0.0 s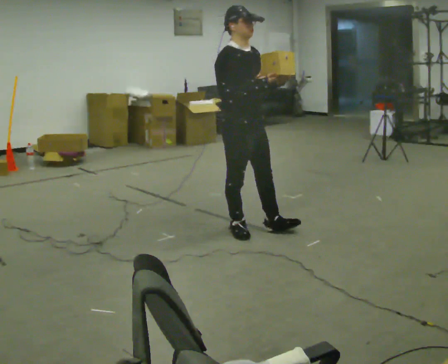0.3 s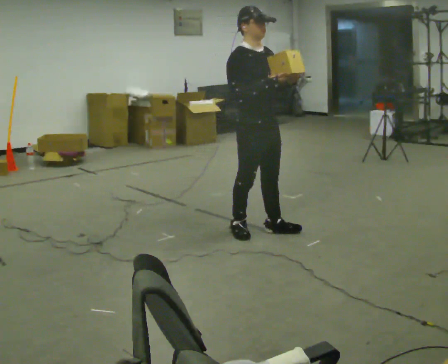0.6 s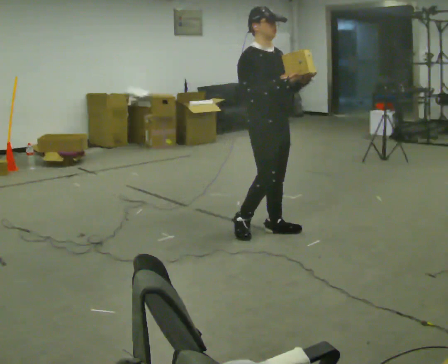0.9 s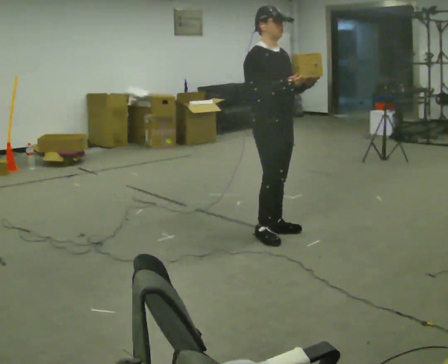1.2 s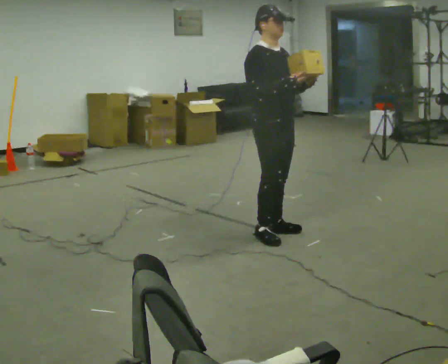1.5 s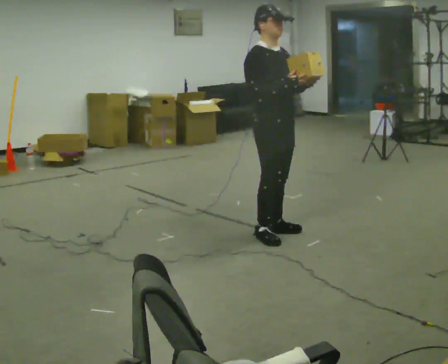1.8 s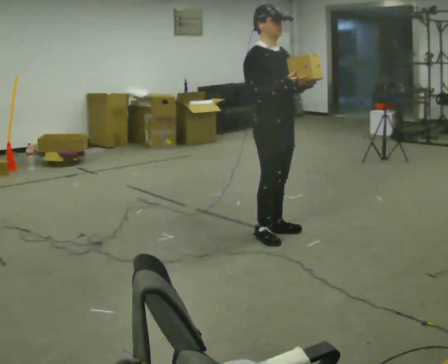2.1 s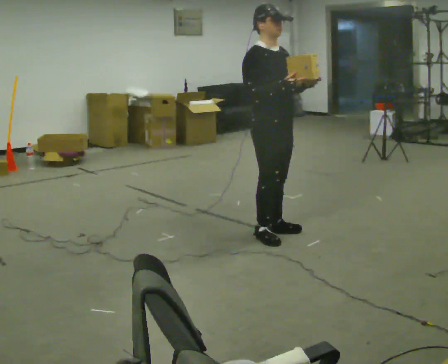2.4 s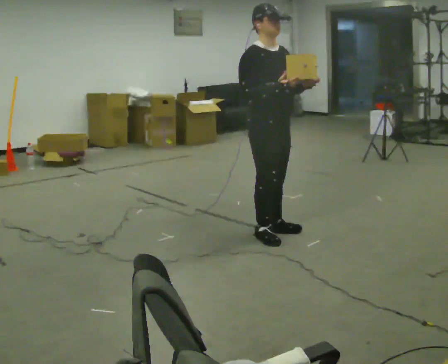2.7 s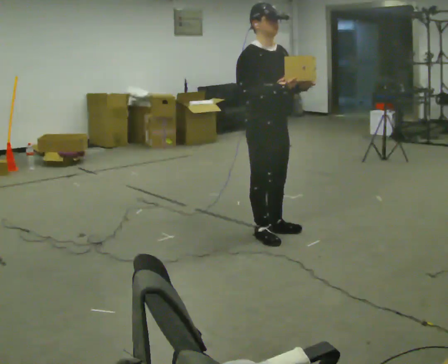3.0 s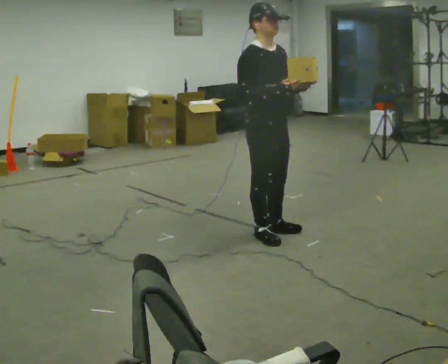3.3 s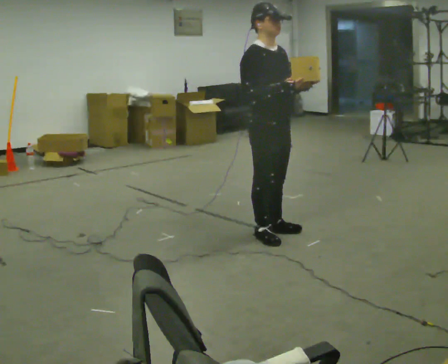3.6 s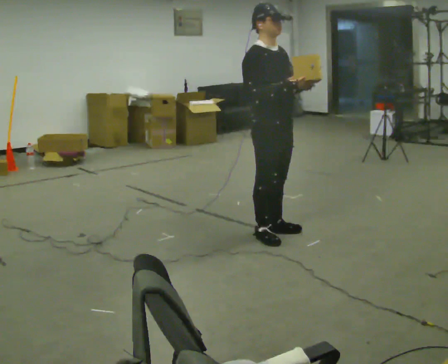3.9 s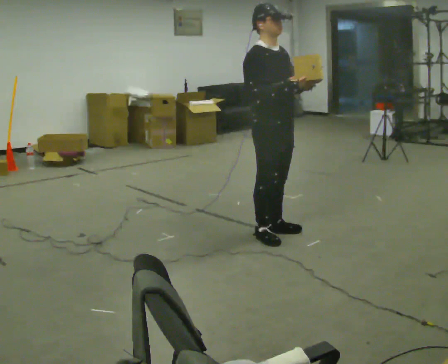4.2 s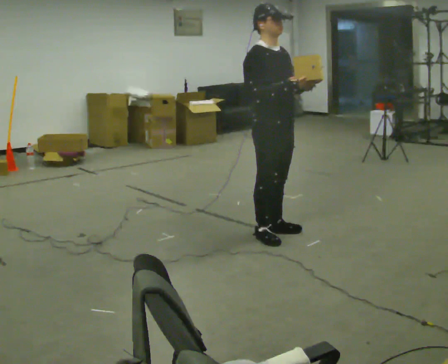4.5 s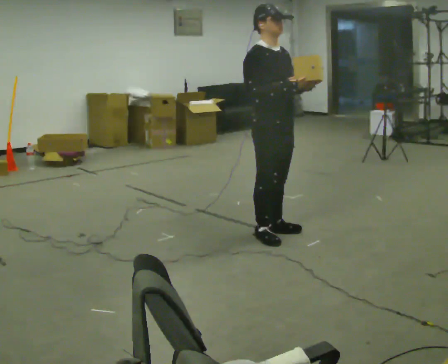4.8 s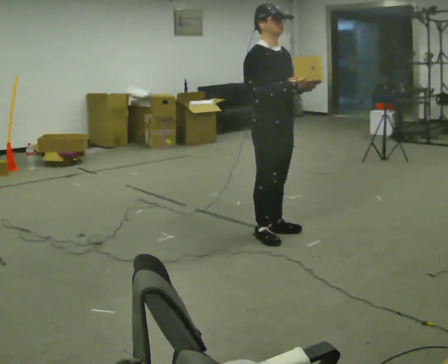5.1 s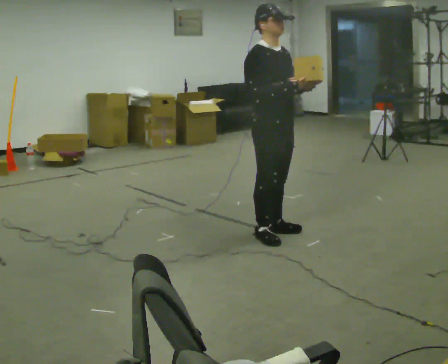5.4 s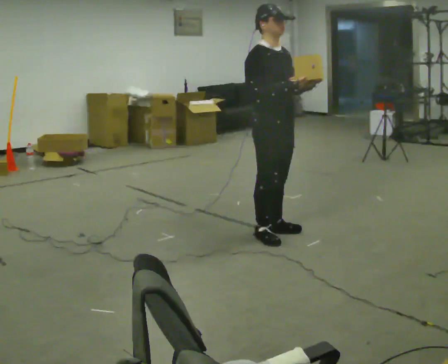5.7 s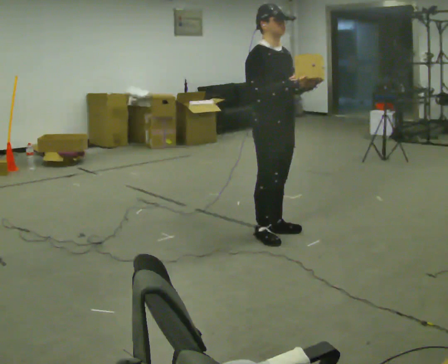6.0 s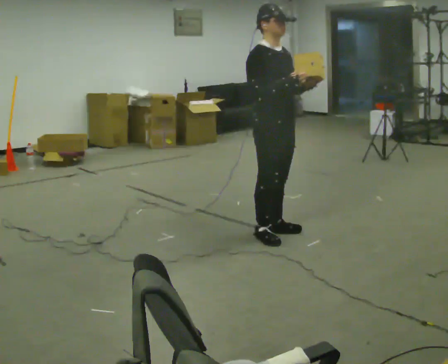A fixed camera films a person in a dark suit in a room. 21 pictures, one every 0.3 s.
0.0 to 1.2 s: In the picture they go to the right, about 0.25 m in 2 steps, which for them is forward.
1.2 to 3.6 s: The person moves a little, or ends about where they began.
3.6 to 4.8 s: The person keeps their place and pose.
4.8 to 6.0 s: The person moves a little, or ends about where they began.
The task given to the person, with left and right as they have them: Carry the object and, while walking, turn it over in your hands to look at all sides of it. Keep turning it as you walk.
The film runs forward here.
